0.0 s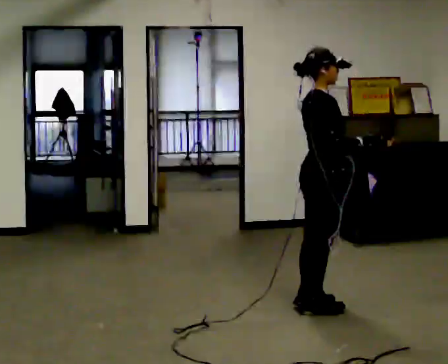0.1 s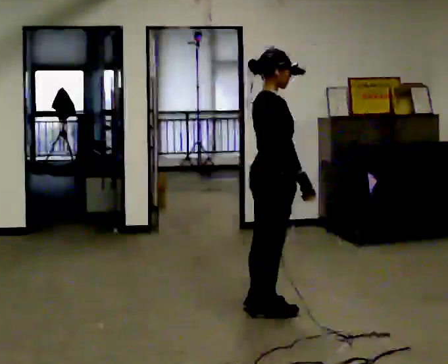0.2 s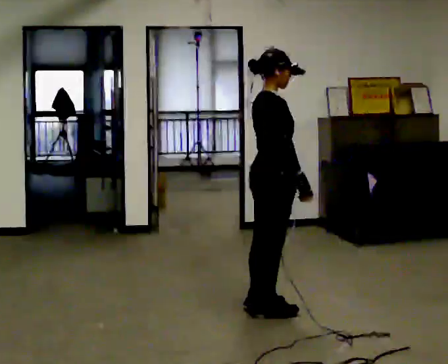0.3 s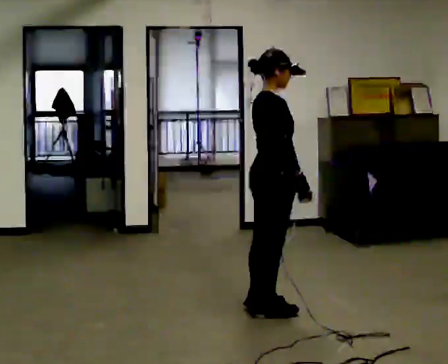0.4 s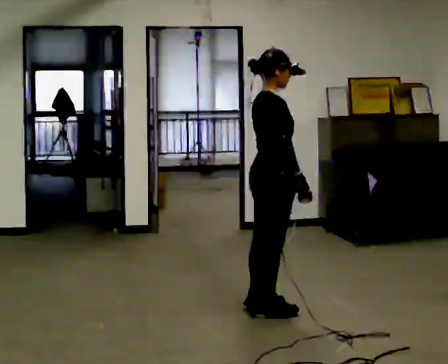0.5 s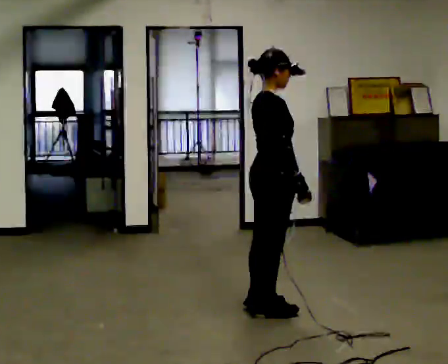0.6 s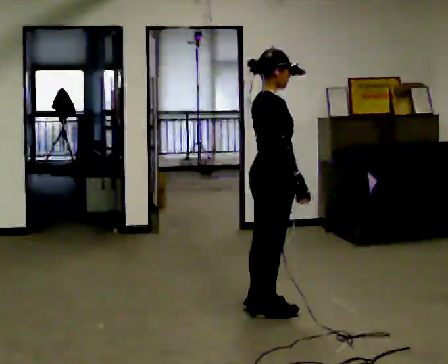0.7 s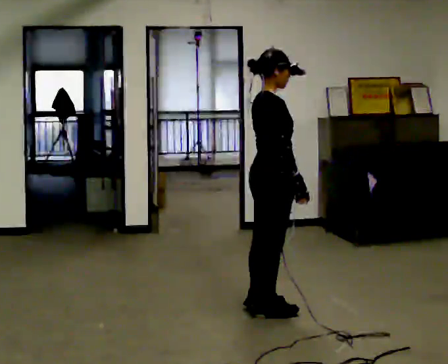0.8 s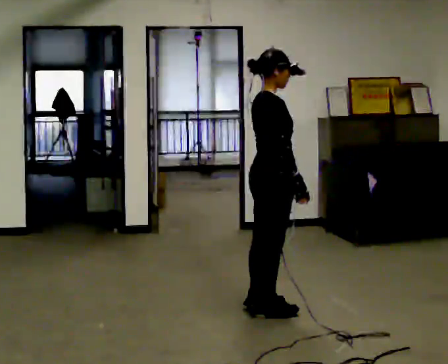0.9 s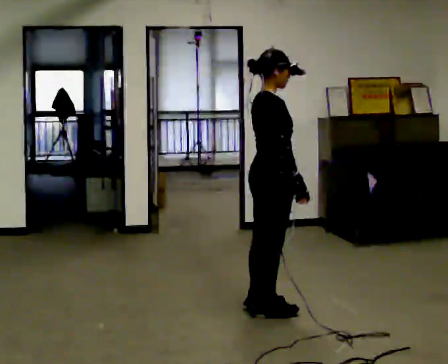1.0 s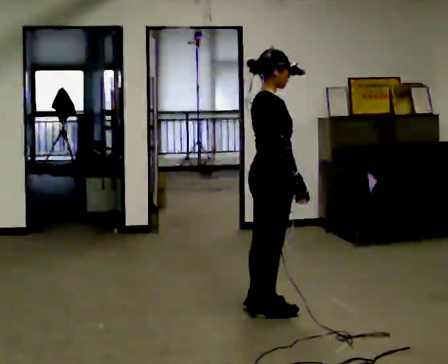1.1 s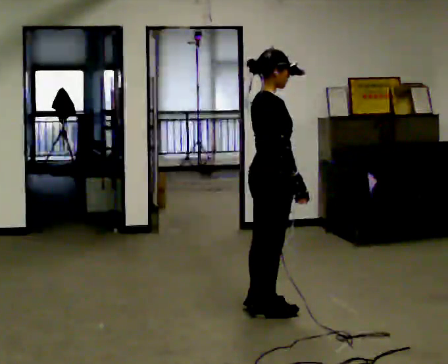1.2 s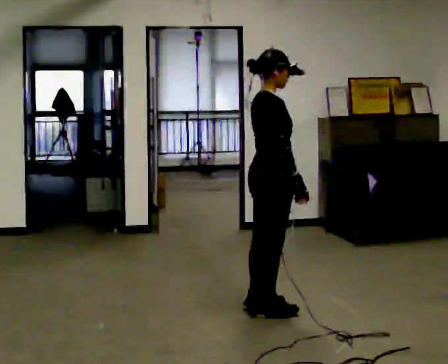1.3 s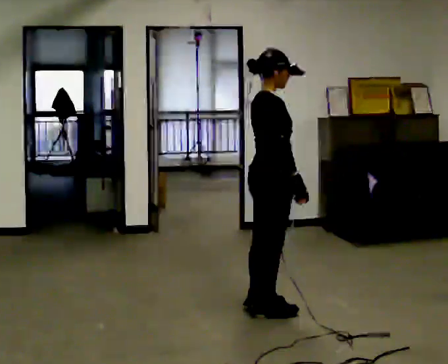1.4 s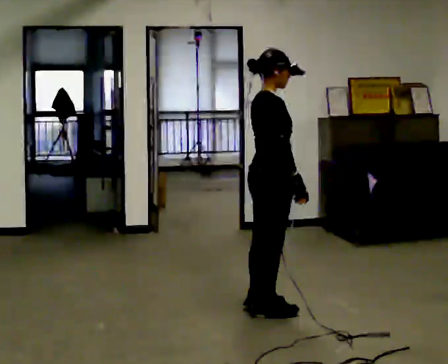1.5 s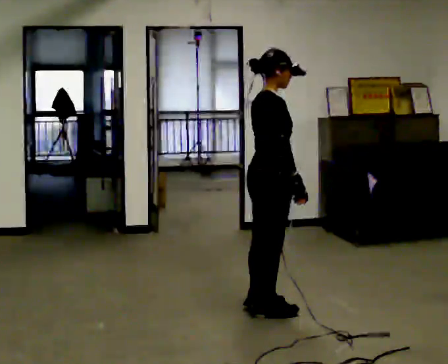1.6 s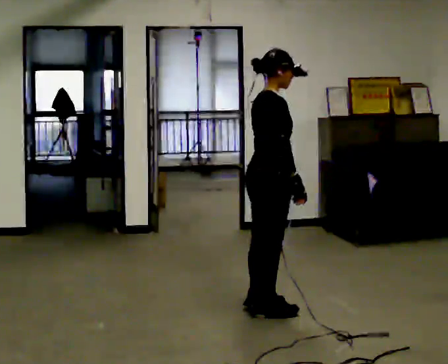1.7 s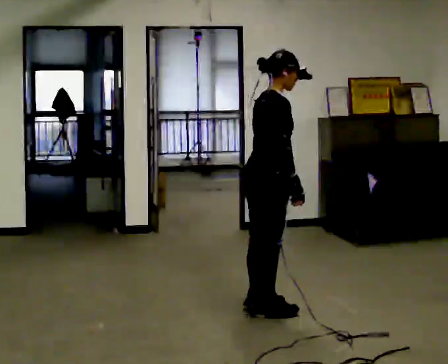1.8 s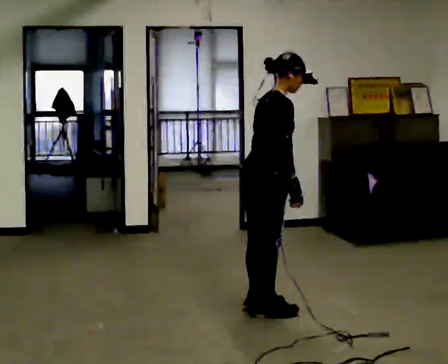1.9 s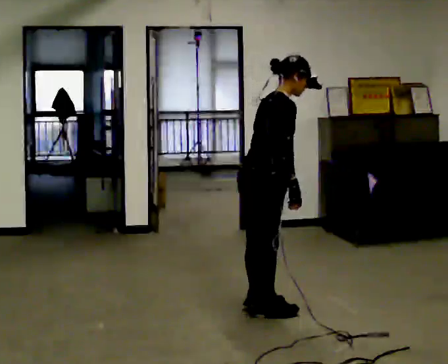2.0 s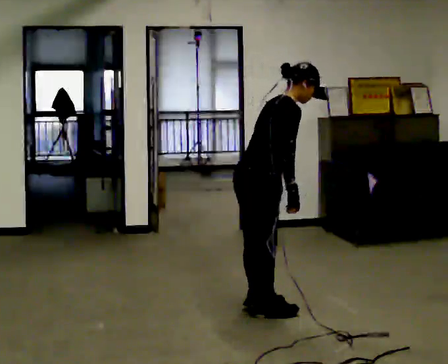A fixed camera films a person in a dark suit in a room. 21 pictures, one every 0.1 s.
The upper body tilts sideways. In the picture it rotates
clockwise.
0.0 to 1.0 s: In the picture they go to the left, about 0.25 m, which for them is backward.
1.0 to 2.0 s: In the picture the upper body tilts clockwise, shoulders to the right, as they bend forward.
The film runs forward here.
